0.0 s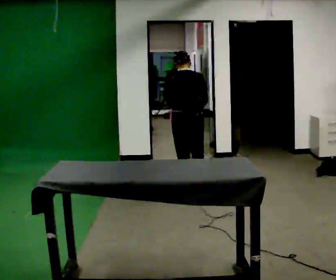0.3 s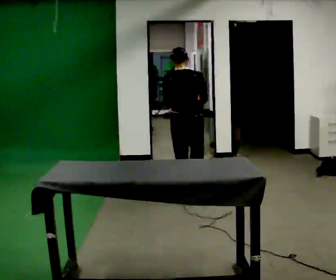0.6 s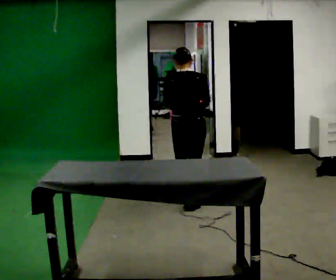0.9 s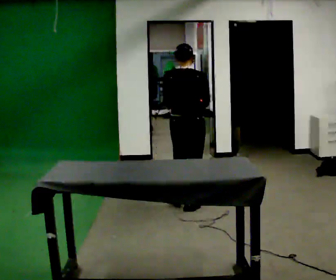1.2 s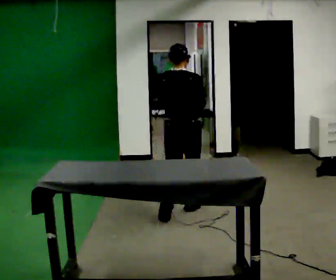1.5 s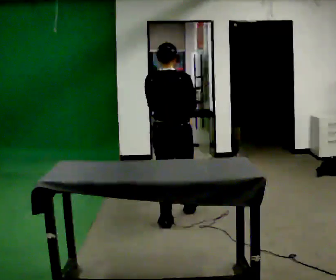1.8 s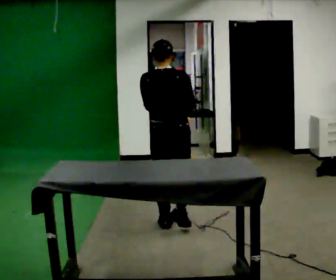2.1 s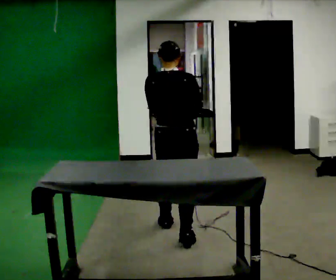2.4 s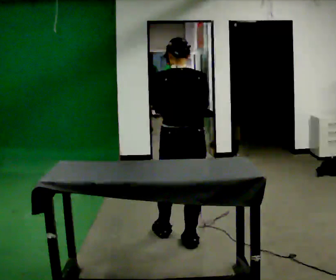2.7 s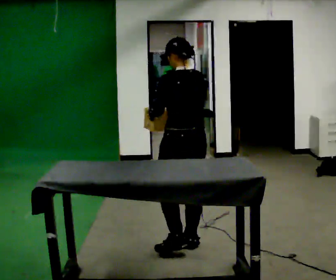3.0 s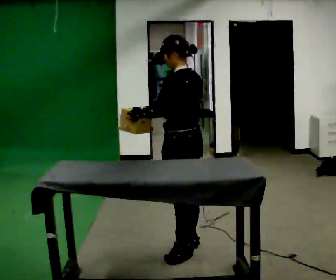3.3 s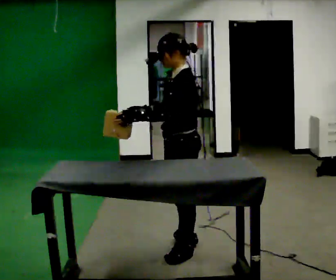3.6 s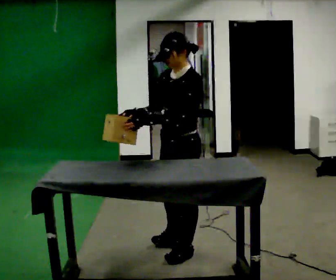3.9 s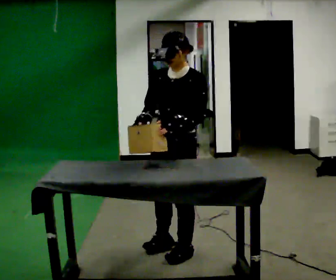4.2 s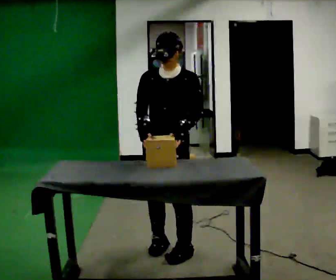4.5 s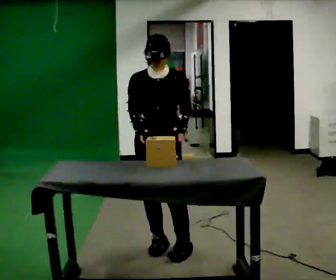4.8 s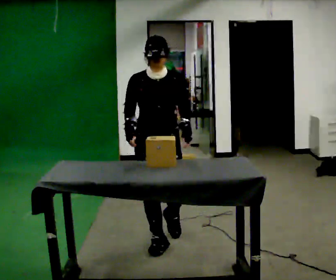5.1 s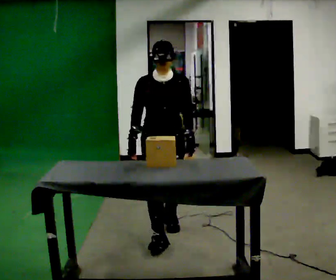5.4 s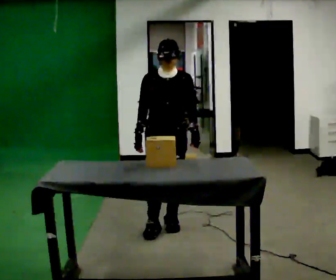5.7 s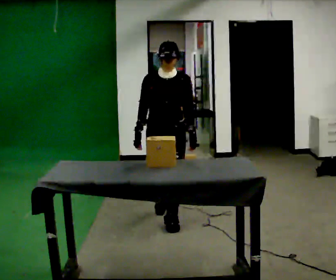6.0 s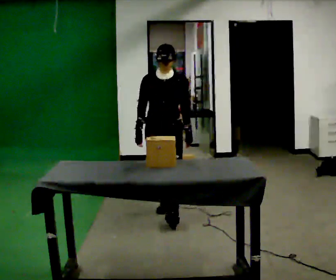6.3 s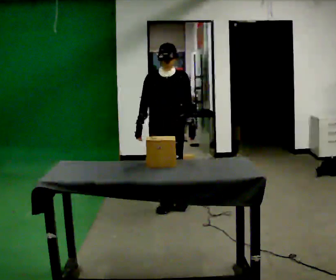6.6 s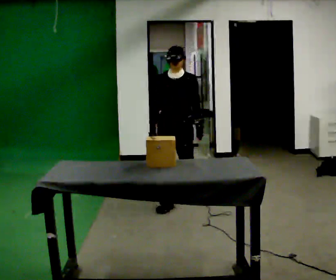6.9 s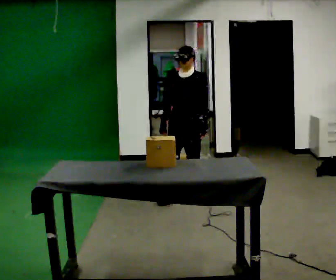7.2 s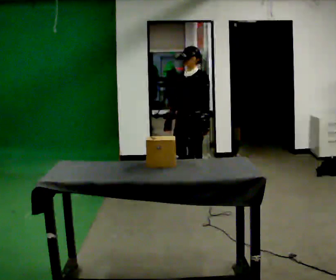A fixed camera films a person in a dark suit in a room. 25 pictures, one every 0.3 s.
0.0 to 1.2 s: In the picture they go toward the camera, about 0.5 m in 1 step, which for them is backward.
1.2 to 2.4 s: In the picture they go toward the camera, about 0.5 m in 2 steps, which for them is backward.
2.4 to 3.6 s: The part of the body nearest the lens slides to the right as the person turns to their left by about 105 degrees. In the picture they go toward the camera, about 0.25 m in 1 step. The upper body tips toward the camera, its near side rolling downward. In the picture their right hand goes to the left.
3.6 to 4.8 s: Seen from above the body turns counterclockwise, about 75 degrees: to their left, with its near side sliding to the right. In the picture they go to the left and away from the camera, about 0.25 m in 1 step. The upper body tips away from the camera, its near side rolling upward.
4.8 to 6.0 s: In the picture they go away from the camera, about 1 m in 2 steps, which for them is backward.
6.0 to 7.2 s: The person turns about 30 degrees to their right, clockwise seen from above, so the part of the body nearest the lens slides to the left. In the picture they go away from the camera, about 0.5 m in 1 step, which for them is backward.
The film runs backward here.
